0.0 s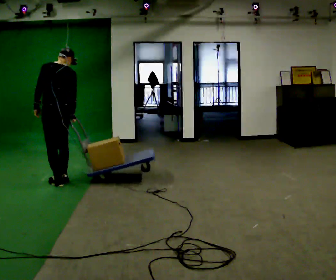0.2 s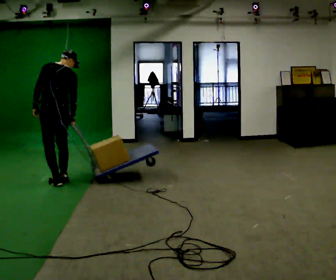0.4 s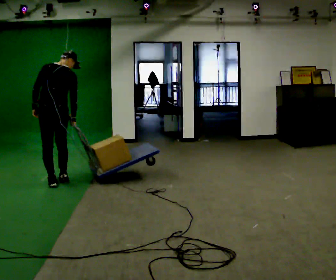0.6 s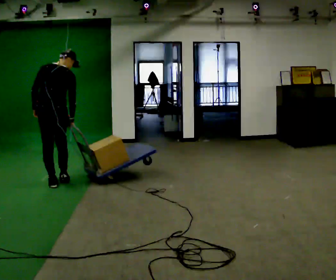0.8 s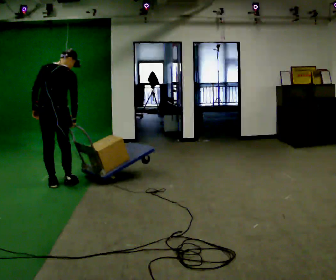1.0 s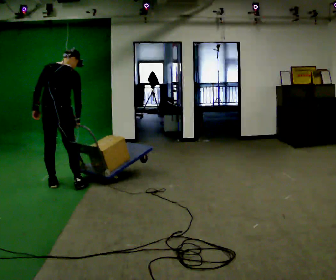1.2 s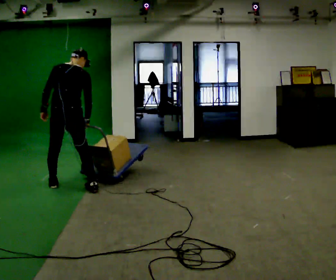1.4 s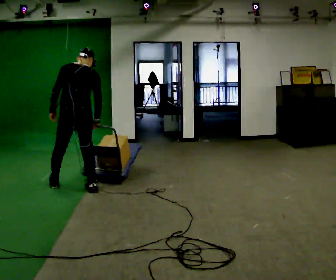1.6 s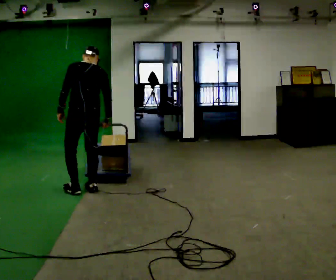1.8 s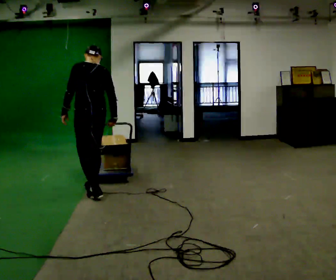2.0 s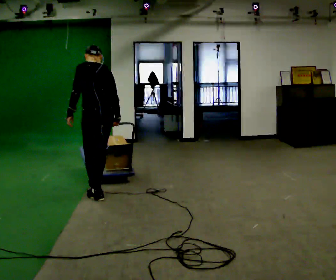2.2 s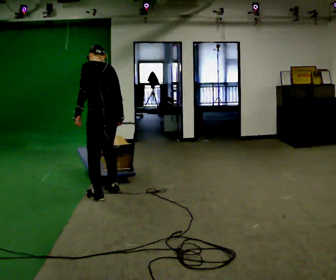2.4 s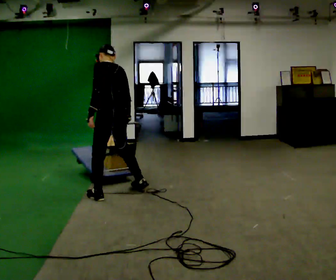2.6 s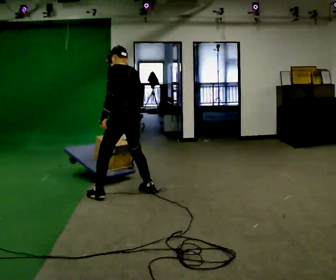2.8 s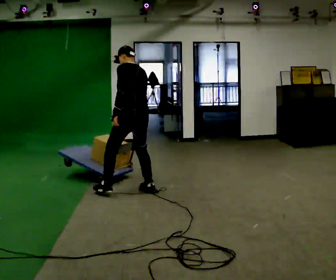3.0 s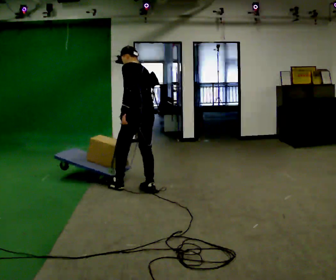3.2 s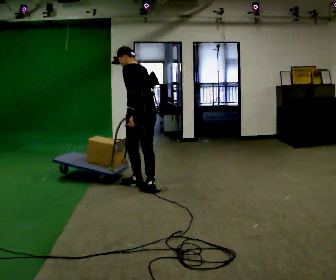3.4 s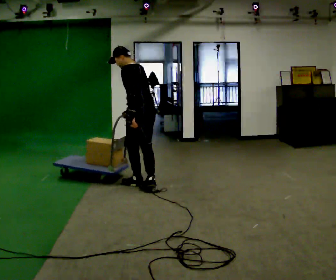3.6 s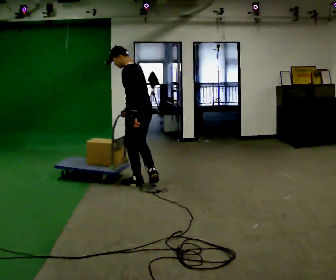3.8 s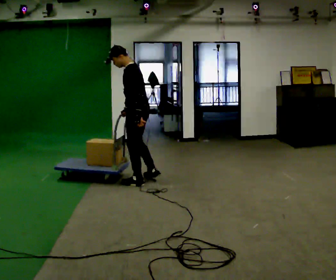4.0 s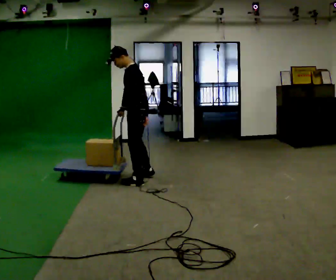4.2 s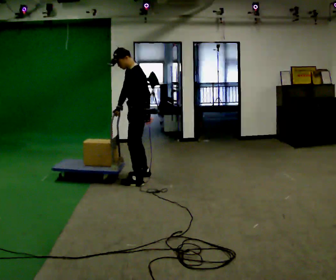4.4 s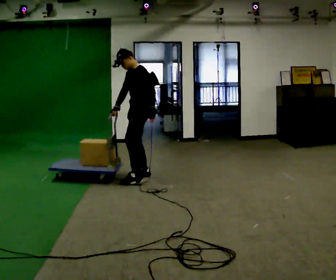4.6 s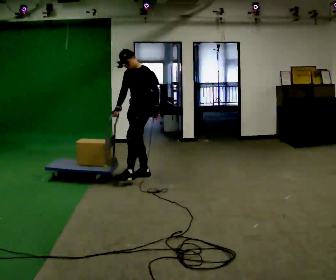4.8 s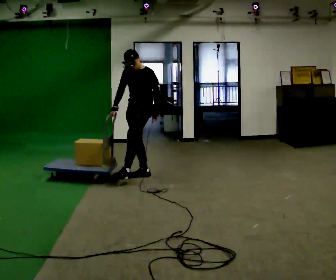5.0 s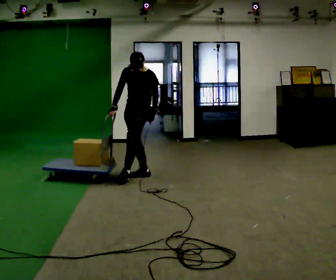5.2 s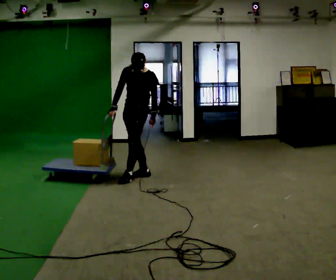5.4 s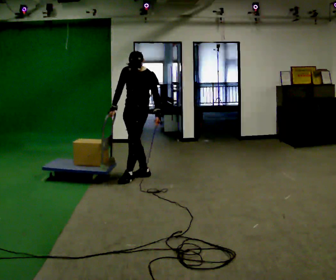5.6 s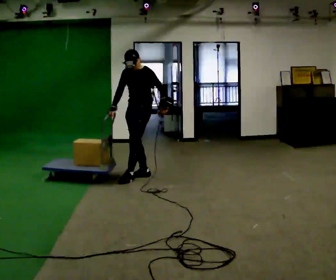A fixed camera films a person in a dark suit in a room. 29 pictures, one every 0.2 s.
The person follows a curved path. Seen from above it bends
counterclockwise.
The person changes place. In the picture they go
to the right.
0.0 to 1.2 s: Seen from above the body turns clockwise, about 30 degrees: to their right, with its near side sliding to the left. In the picture they go toward the camera and to the right, about 0.25 m in 1 step, which for them is backward and to their right.
1.2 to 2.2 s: The part of the body nearest the lens slides to the right as the person turns to their left by about 45 degrees. In the picture they go to the right and toward the camera, about 0.5 m in 1 step, which for them is backward and to their right.
2.2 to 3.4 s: In the picture they go to the right and away from the camera, about 0.5 m in 2 steps, which for them is to their right.
3.4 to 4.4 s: Seen from above the body turns counterclockwise, about 60 degrees: to their left, with its near side sliding to the right. In the picture they go away from the camera, about 0.5 m in 1 step.
4.4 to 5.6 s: The person turns about 30 degrees to their left, counterclockwise seen from above, so the part of the body nearest the lens slides to the right.
The film runs forward here.
